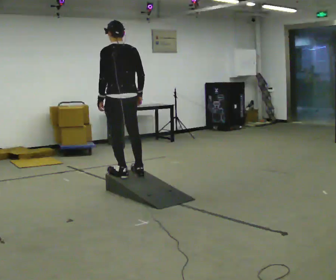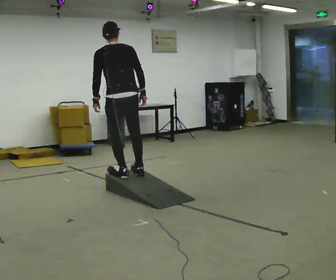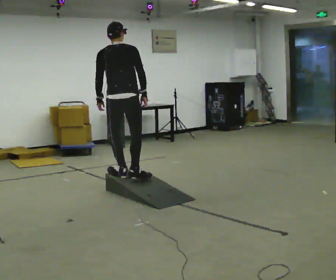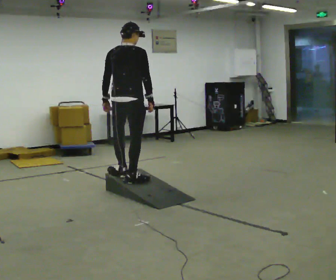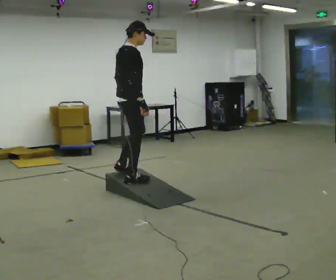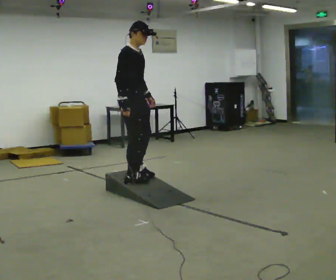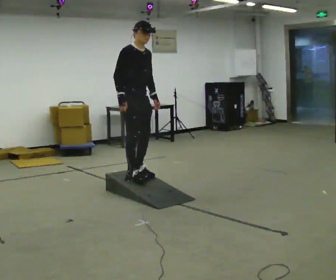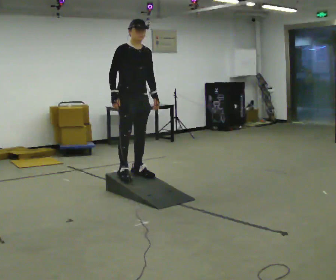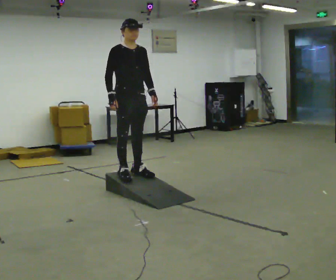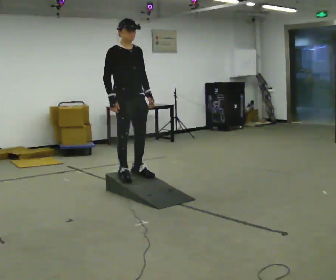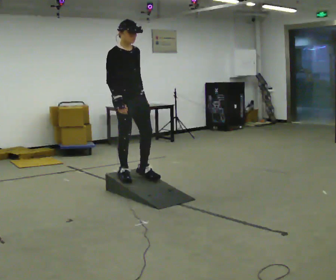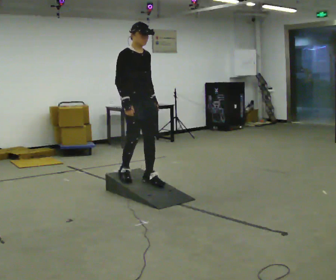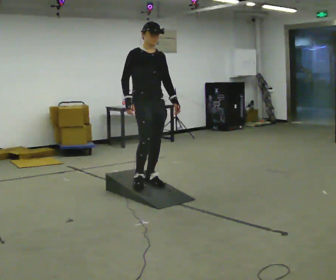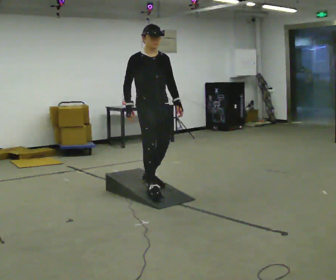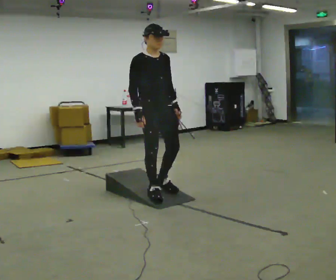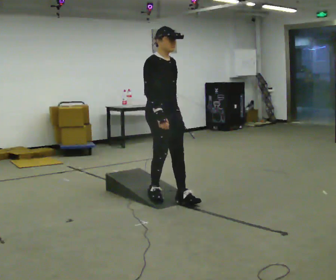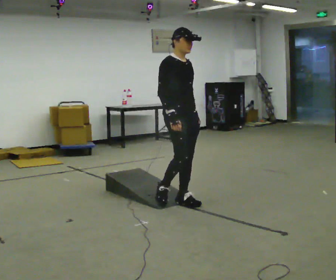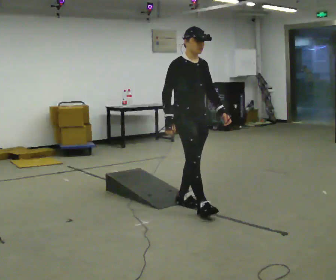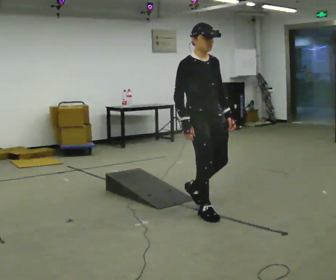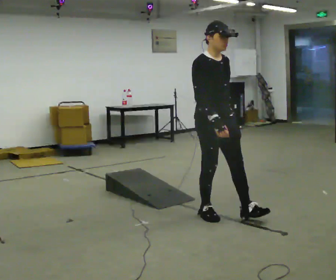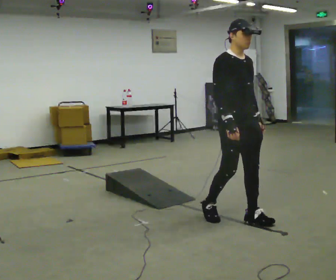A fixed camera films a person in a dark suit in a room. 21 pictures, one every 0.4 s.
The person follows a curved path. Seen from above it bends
clockwise.
0.0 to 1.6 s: Seen from above the body turns clockwise, about 105 degrees: to their right, with its near side sliding to the left. In the picture they go toward the camera, about 0.25 m in 1 step. In the picture their left hand goes to the right.
1.6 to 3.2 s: The part of the body nearest the lens slides to the left as the person turns to their right by about 75 degrees. In the picture they go away from the camera, about 0.25 m in 2 steps. In the picture their left hand goes to the right.
3.2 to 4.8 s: In the picture they go toward the camera and to the right, about 0.25 m in 1 step, which for them is forward.
4.8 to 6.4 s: In the picture they go toward the camera and to the right, about 0.5 m in 2 steps, which for them is forward.
6.4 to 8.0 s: In the picture they go toward the camera and to the right, about 0.5 m in 2 steps, which for them is forward.
The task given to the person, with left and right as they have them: Walk up the ramp, turn at the top, and walk back down at a comfortable speed.
The film runs forward here.
